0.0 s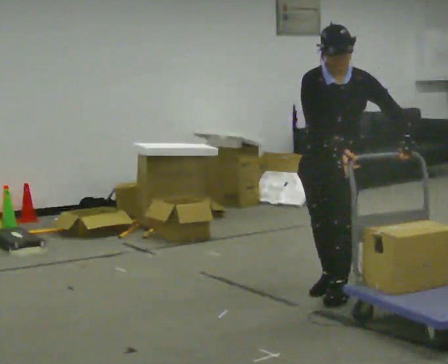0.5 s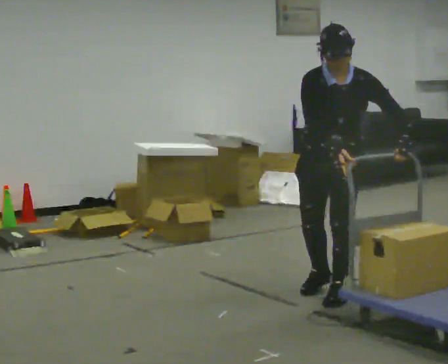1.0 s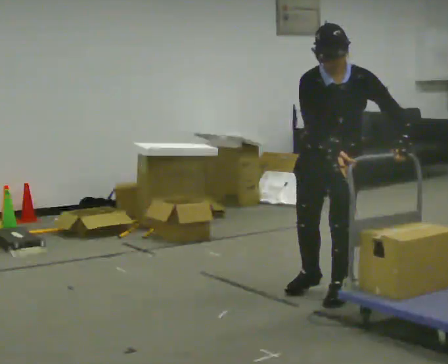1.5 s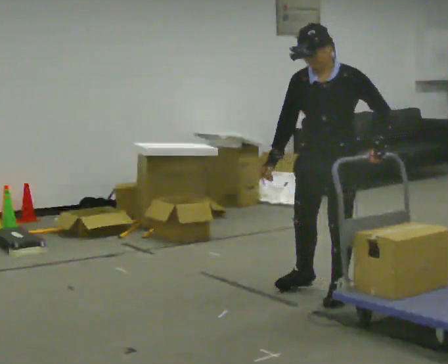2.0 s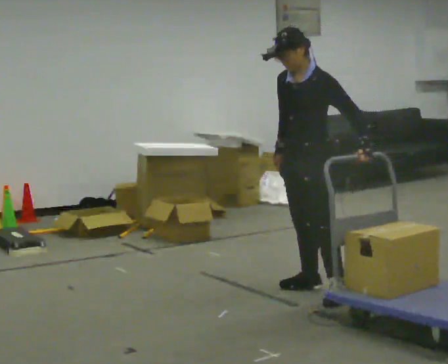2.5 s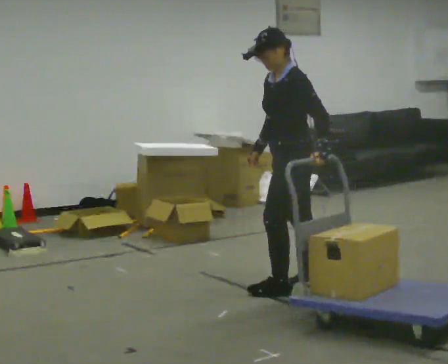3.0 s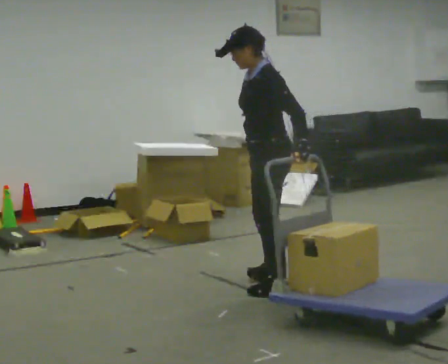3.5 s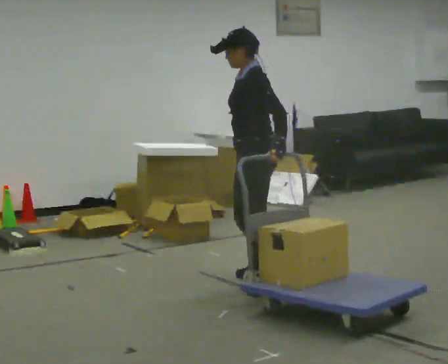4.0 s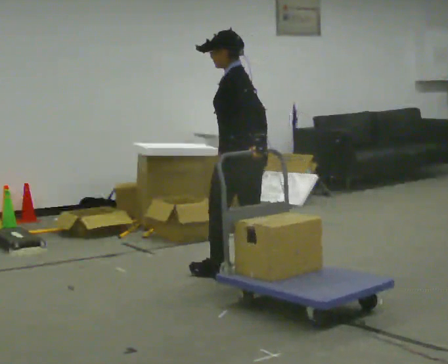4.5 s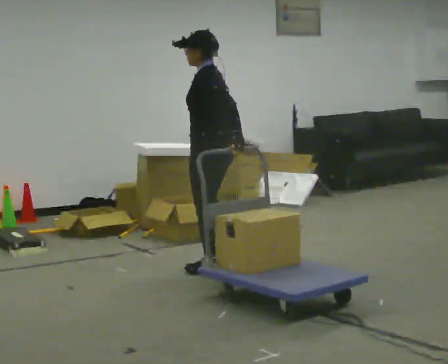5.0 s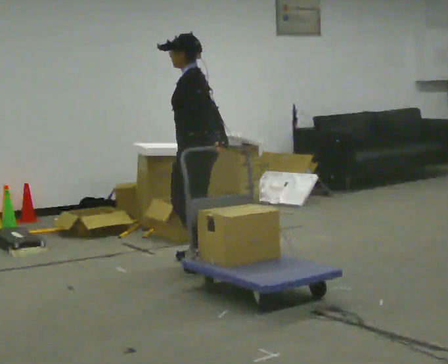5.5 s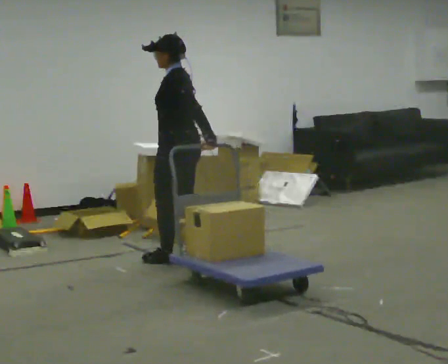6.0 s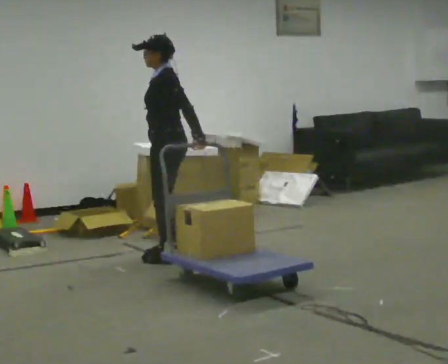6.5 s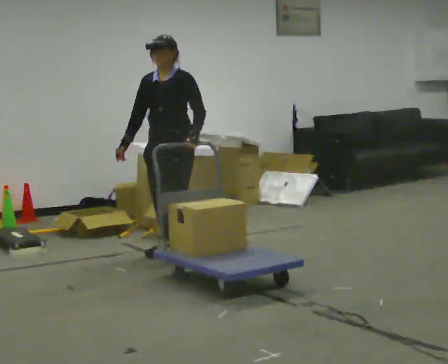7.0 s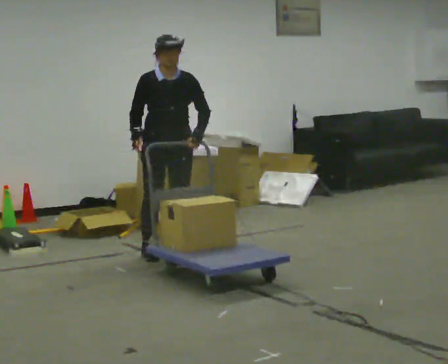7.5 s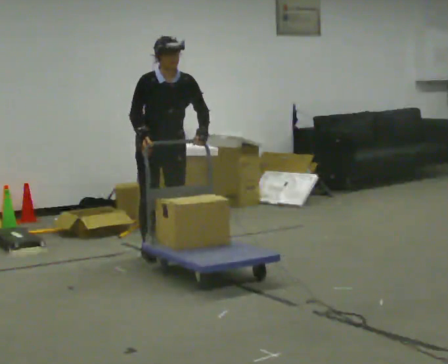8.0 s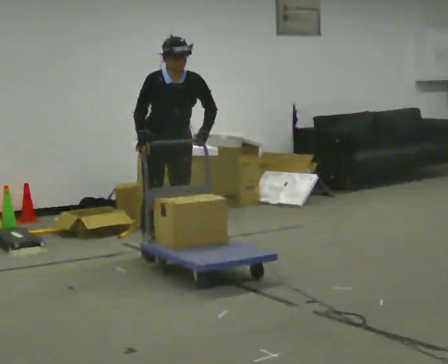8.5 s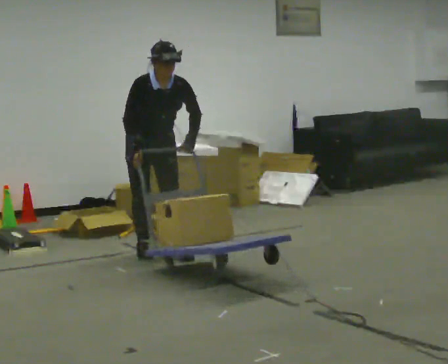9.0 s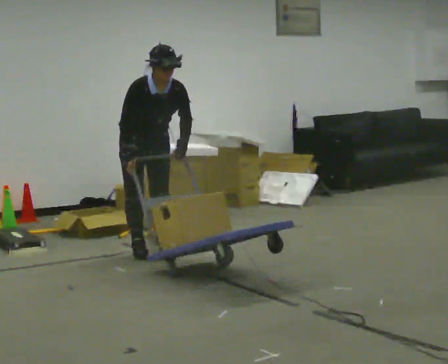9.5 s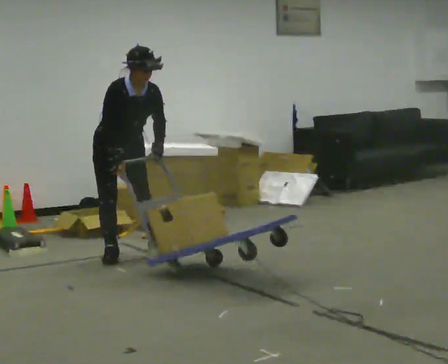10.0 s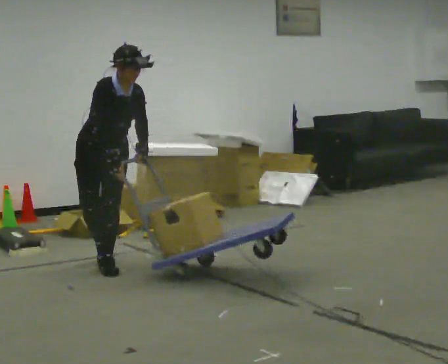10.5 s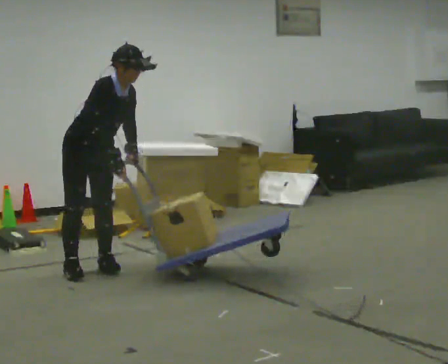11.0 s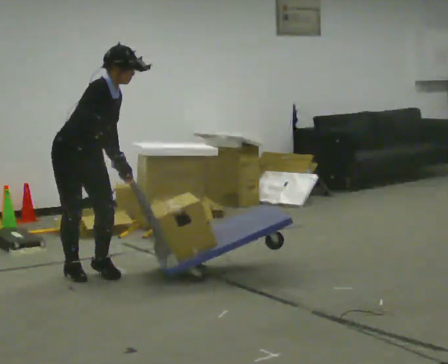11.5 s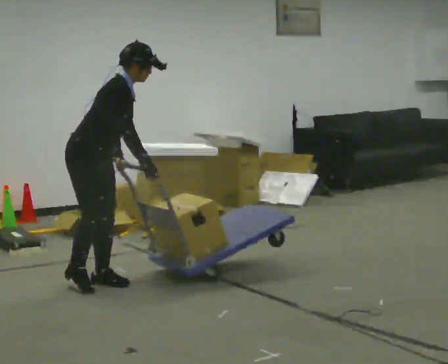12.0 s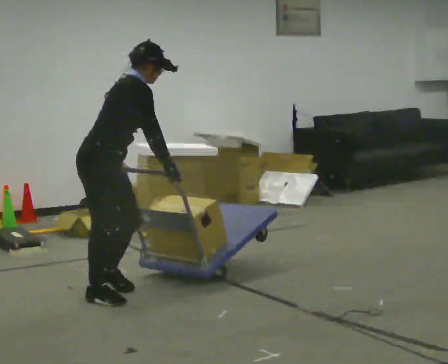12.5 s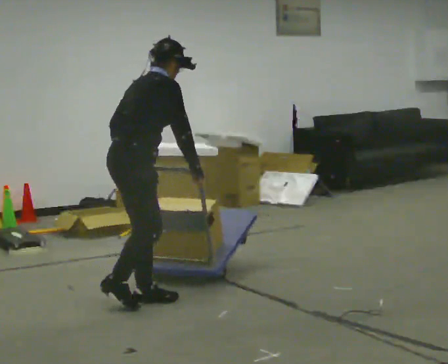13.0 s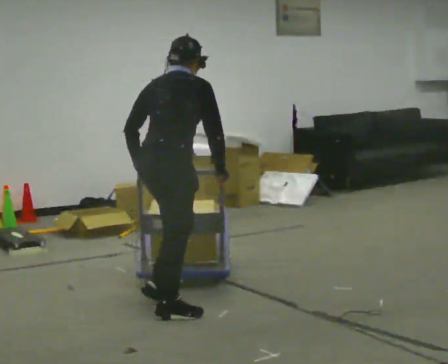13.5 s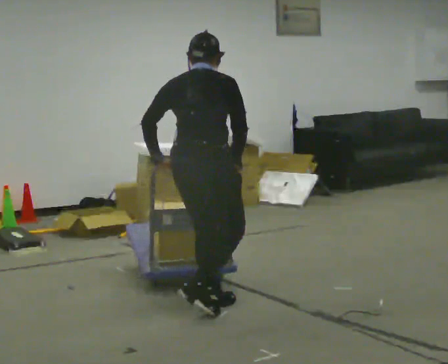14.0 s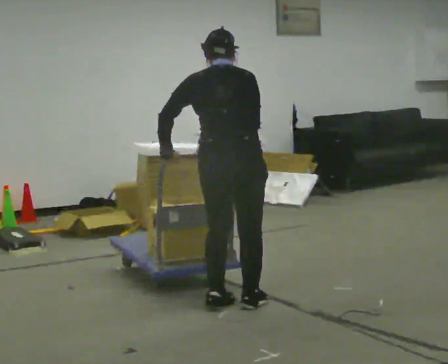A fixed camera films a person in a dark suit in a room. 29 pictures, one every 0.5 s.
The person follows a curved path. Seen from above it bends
counterclockwise.
0.0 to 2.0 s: The part of the body nearest the lens slides to the left as the person turns to their right by about 45 degrees.
2.0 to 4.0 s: The part of the body nearest the lens slides to the left as the person turns to their right by about 45 degrees. In the picture they go to the left and away from the camera, about 0.5 m in 2 steps, which for them is forward and to their right.
4.0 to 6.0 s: The part of the body nearest the lens slides to the right as the person turns to their left by about 30 degrees. In the picture they go away from the camera and to the left, about 0.5 m in 4 steps, which for them is forward and to their right.
6.0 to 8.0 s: The person turns about 105 degrees to their left, counterclockwise seen from above, so the part of the body nearest the lens slides to the right.
8.0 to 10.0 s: In the picture they go to the left and toward the camera, about 0.5 m in 2 steps, which for them is to their right.
10.0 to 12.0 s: Seen from above the body turns counterclockwise, about 75 degrees: to their left, with its near side sliding to the right. In the picture they go toward the camera, about 1 m in 3 steps. The upper body tips away from the camera, its near side rolling upward.
12.0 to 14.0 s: The part of the body nearest the lens slides to the right as the person turns to their left by about 75 degrees. In the picture they go to the right, about 1 m in 4 steps. In the picture the upper body tilts counterclockwise, shoulders to the left.
The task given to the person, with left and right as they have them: Pull the cart behind you as you walk backward across the room. The operator will confirm the space behind you is clear before each take.
The film runs forward here.
